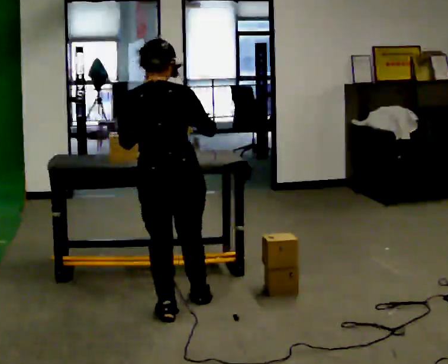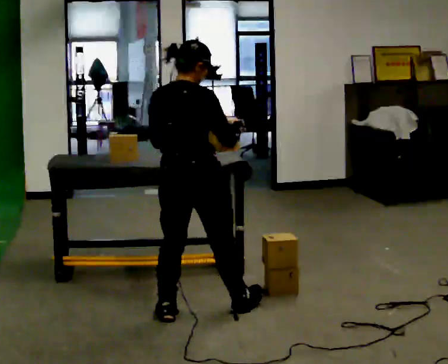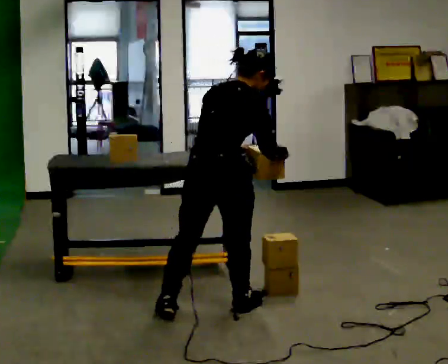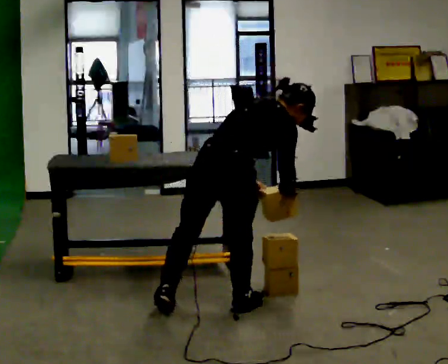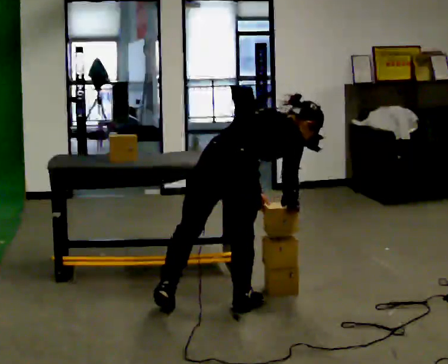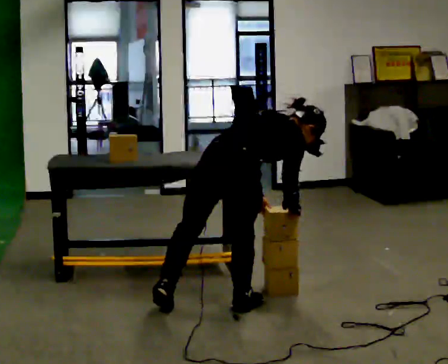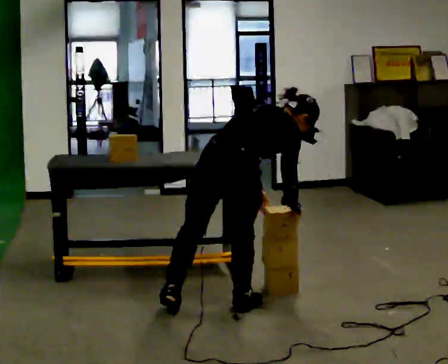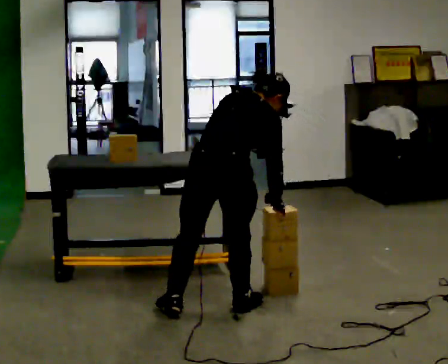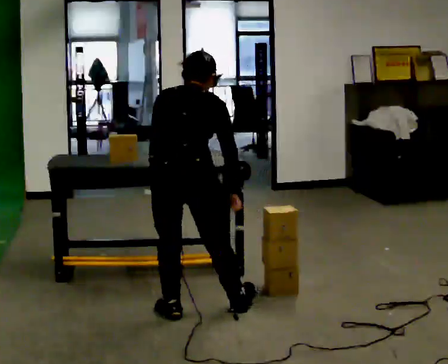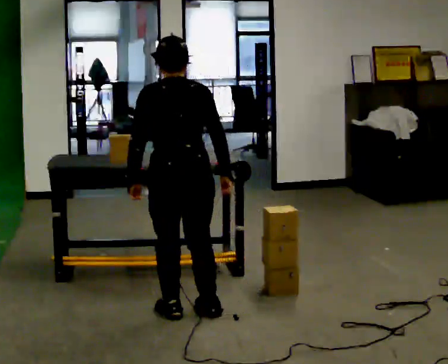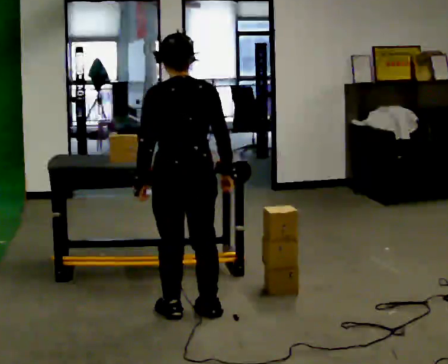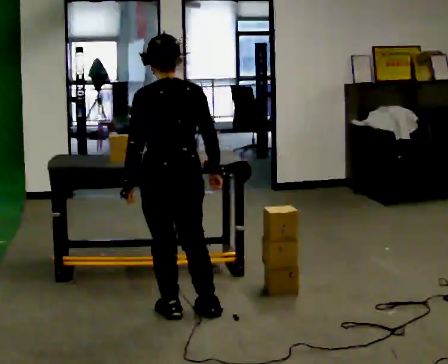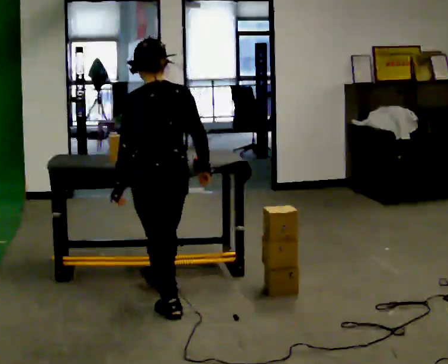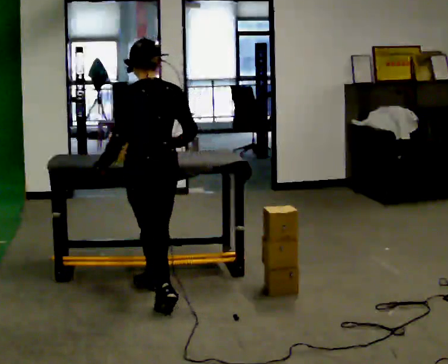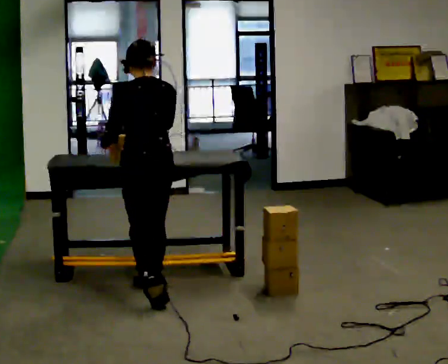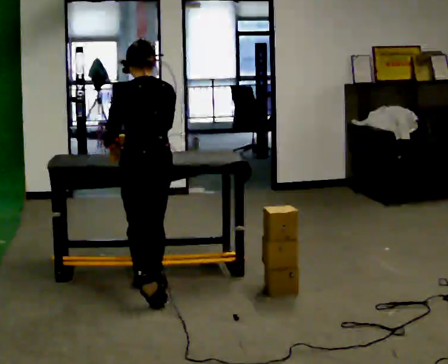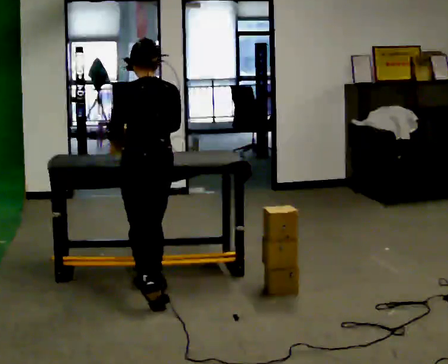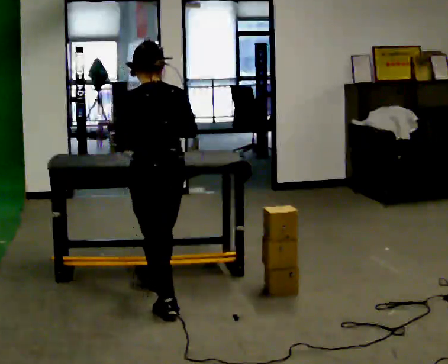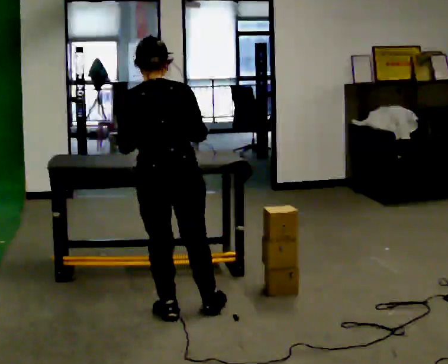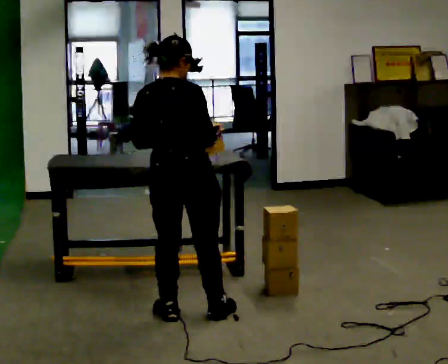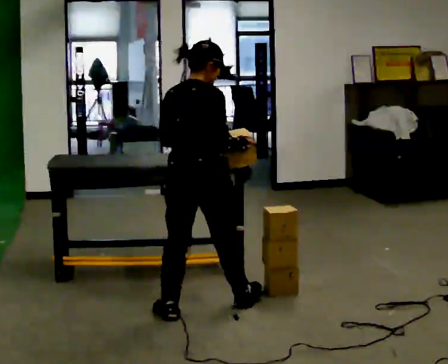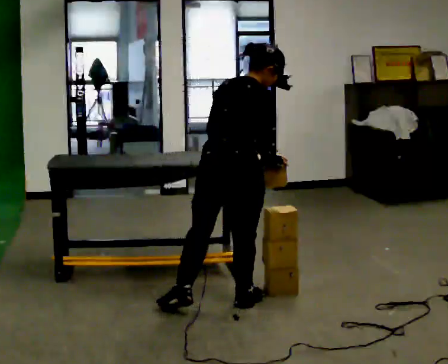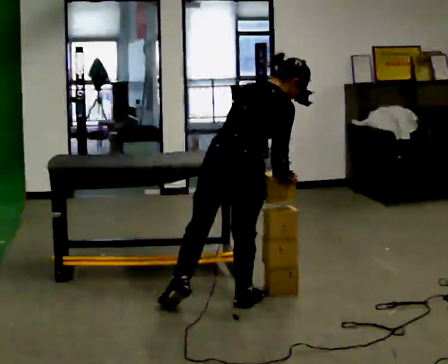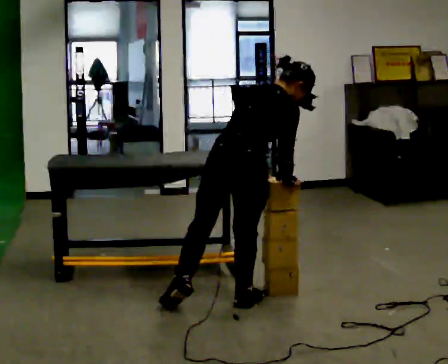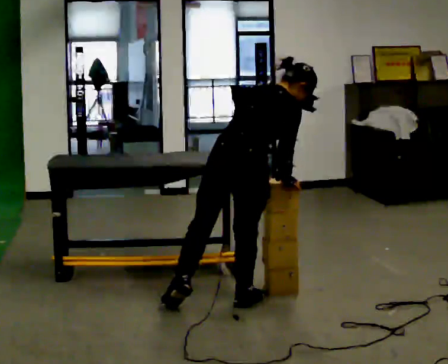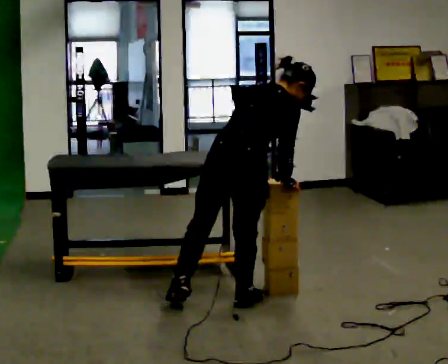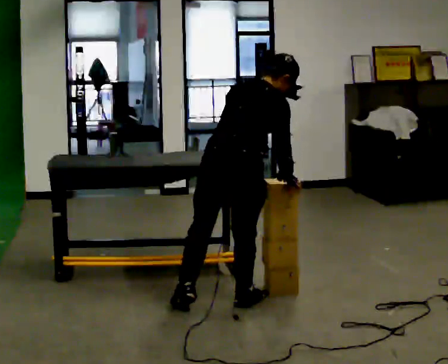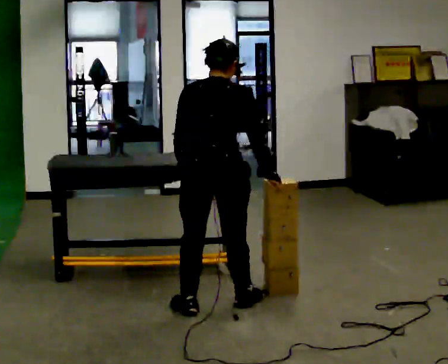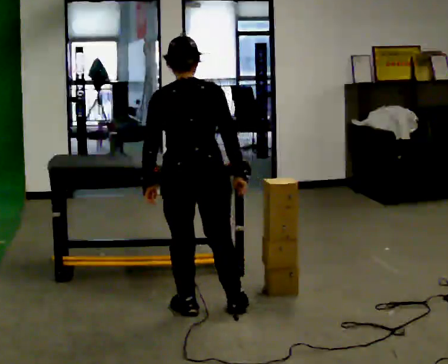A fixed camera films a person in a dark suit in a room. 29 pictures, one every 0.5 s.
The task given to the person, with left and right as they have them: Carry the object over and line it up with the mark on the surface as accurately as you can. Keep going until the operator says stop; one object at a time, and do not rush between trips.
0.0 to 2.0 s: The part of the body nearest the lens slides to the left as the person turns to their right by about 45 degrees. In the picture they go to the right, about 0.25 m in 1 step, which for them is to their right and forward. The shoulders move downward. In the picture the upper body tilts clockwise, shoulders to the right, as they bend forward. In the picture their right hand goes downward.
2.0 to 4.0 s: The part of the body nearest the lens slides to the right as the person turns to their left by about 30 degrees. In the picture they go to the left, about 0.25 m, which for them is to their left and backward. In the picture the upper body tilts counterclockwise, shoulders to the left, as they lean back or straighten. In the picture their left hand goes to the left.
4.0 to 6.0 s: The person turns about 30 degrees to their left, counterclockwise seen from above, so the part of the body nearest the lens slides to the right. In the picture they go away from the camera, about 0.25 m, which for them is forward. The upper body tips toward the camera, its near side rolling downward, as they lean back or straighten.
6.0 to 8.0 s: In the picture they go away from the camera, about 0.25 m in 1 step, which for them is forward.
8.0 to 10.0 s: The person turns about 60 degrees to their right, clockwise seen from above, so the part of the body nearest the lens slides to the left. In the picture they go toward the camera and to the right, about 0.5 m in 2 steps.
10.0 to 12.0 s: In the picture they go to the right, about 0.25 m, which for them is forward and to their right. In the picture the upper body tilts clockwise, shoulders to the right, as they bend forward.
12.0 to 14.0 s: The part of the body nearest the lens slides to the right as the person turns to their left by about 30 degrees. In the picture they go to the left, about 0.25 m, which for them is to their left and backward. In the picture the upper body tilts counterclockwise, shoulders to the left, as they lean back or straighten.
The film runs forward here.
